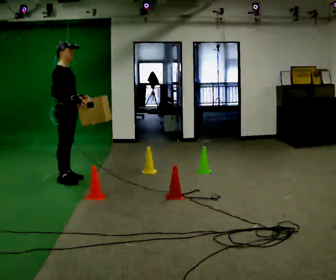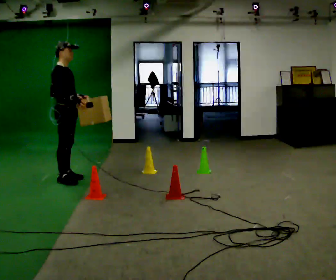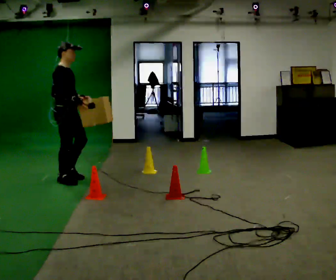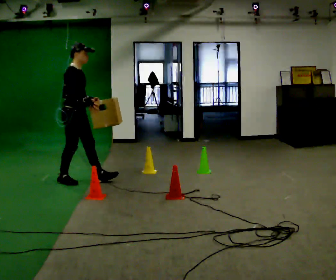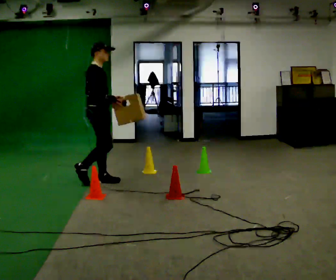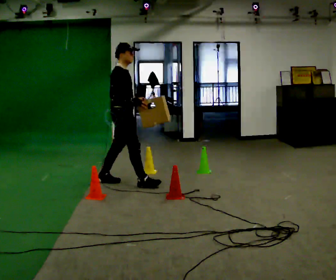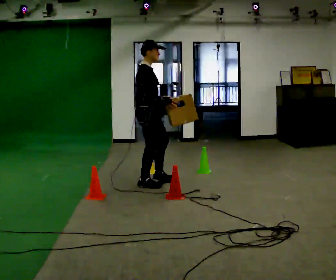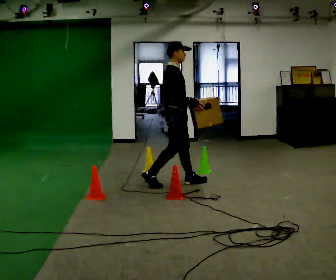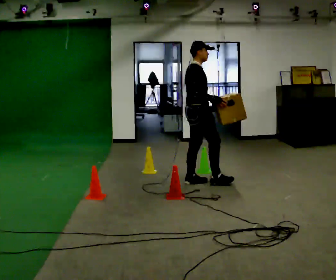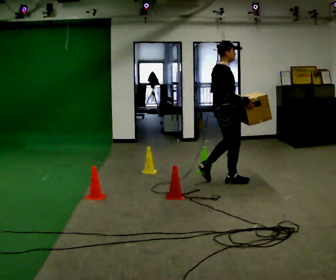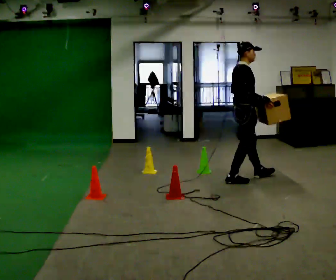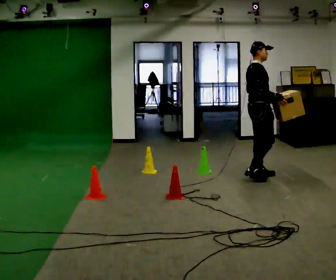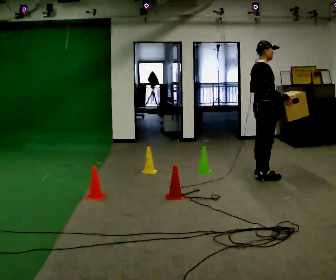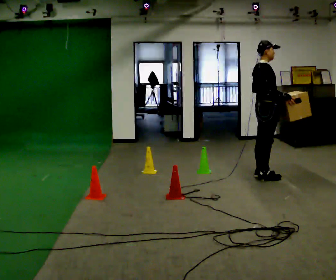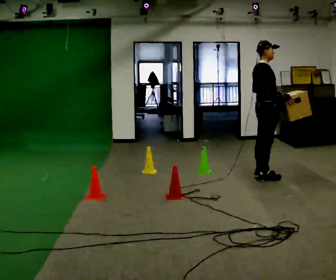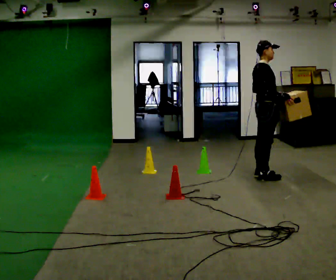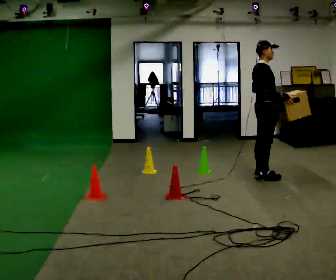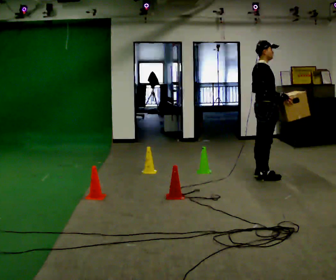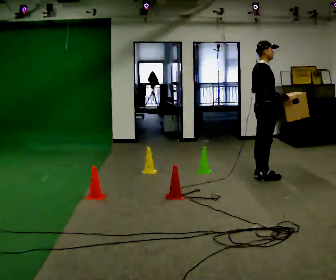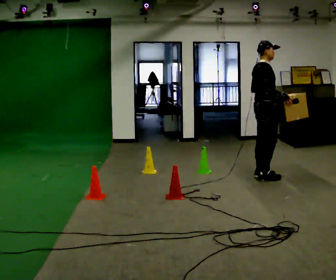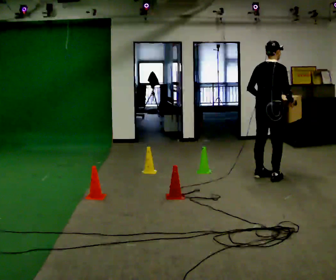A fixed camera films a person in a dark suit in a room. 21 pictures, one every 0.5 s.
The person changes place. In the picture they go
to the right.
0.0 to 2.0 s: In the picture they go to the right, about 0.5 m in 1 step, which for them is forward.
2.0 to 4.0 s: In the picture they go to the right, about 1 m in 2 steps, which for them is forward.
4.0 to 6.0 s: In the picture they go to the right and away from the camera, about 1 m in 3 steps, which for them is forward.
6.0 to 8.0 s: The person moves a little, or ends about where they began.
8.0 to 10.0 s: The person turns about 45 degrees to their left, counterclockwise seen from above, so the part of the body nearest the lens slides to the right.
The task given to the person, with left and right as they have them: Carry the box through the gap between the panels without touching either side, then set it down and bring it back. Keep going until the operator says stop; one object at a time, and do not rush between trips.
The film runs forward here.
